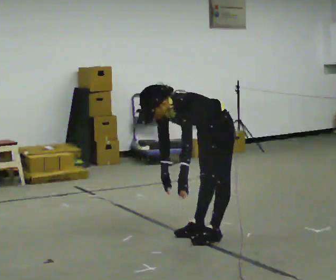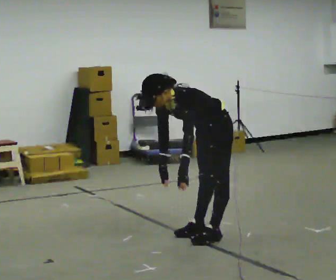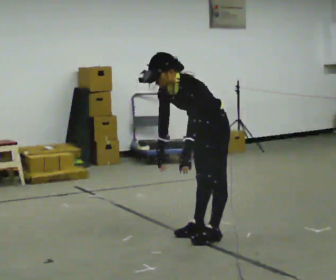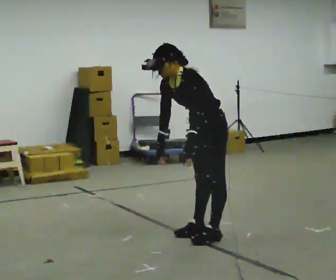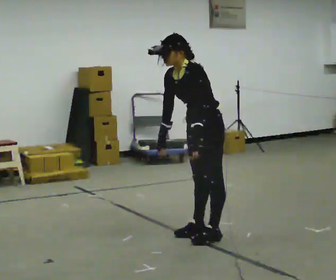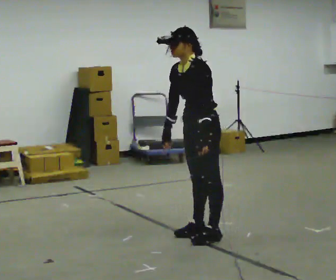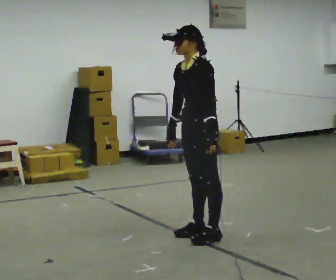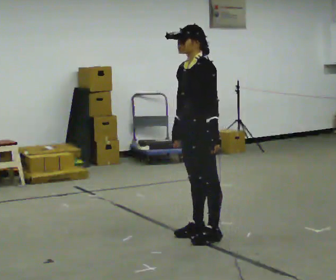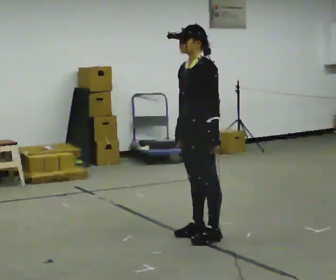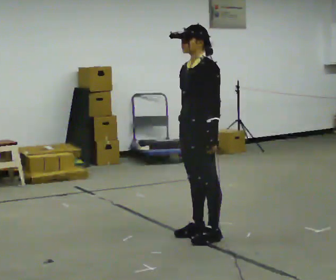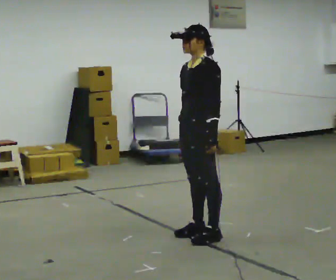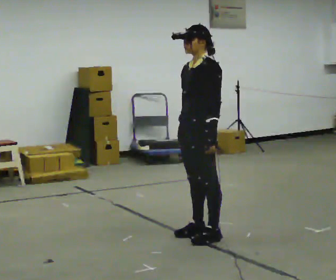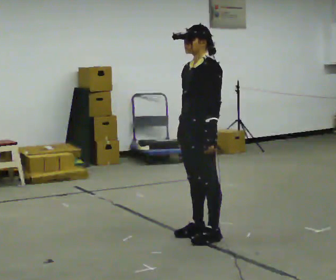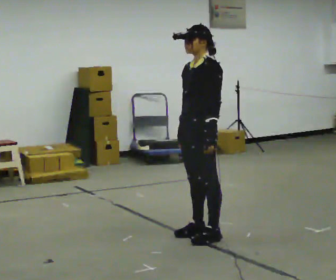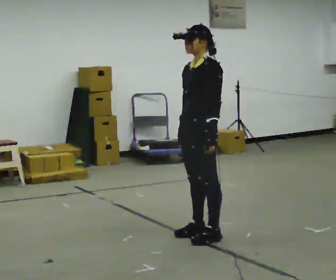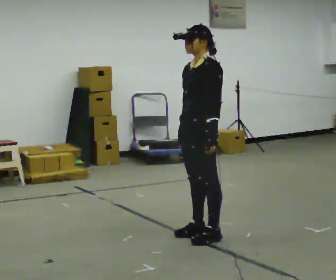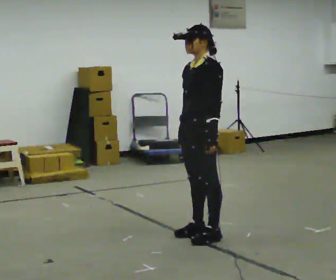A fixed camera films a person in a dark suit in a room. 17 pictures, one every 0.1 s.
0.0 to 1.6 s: The shoulders move upward. In the picture the upper body tilts clockwise, shoulders to the right, as they lean back or straighten.
The film runs forward here.
